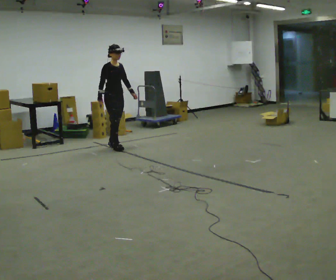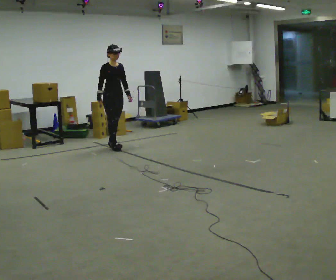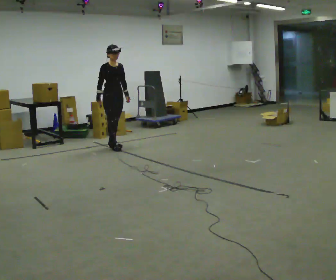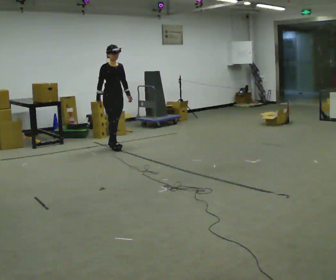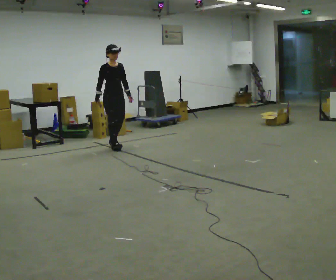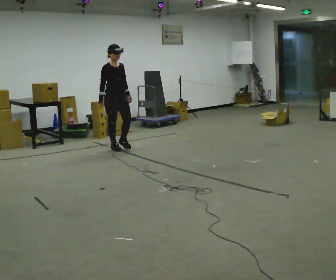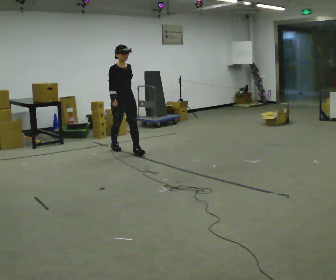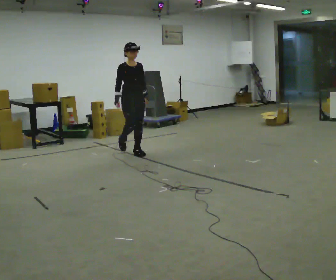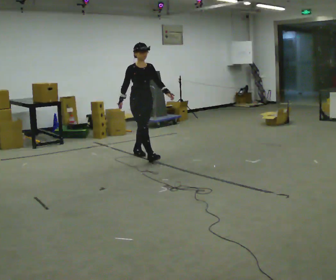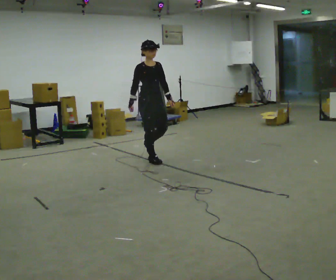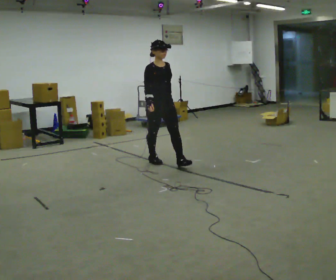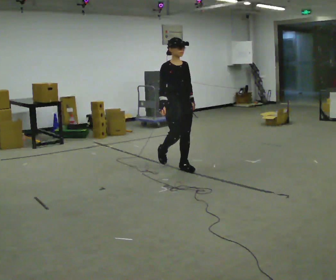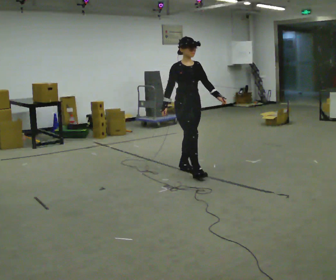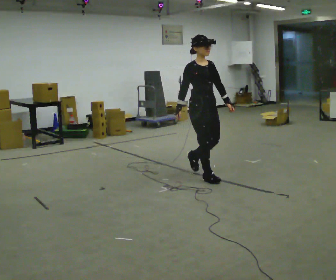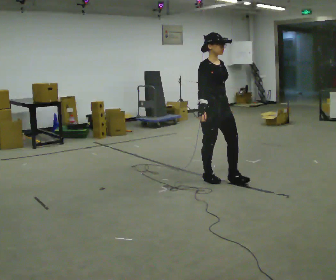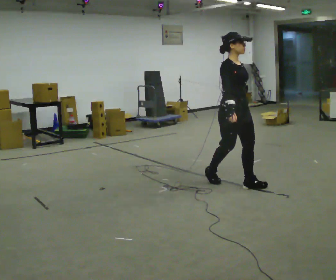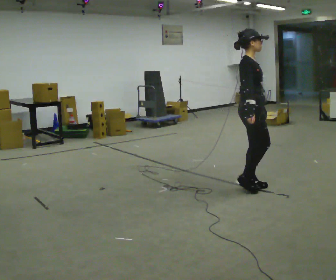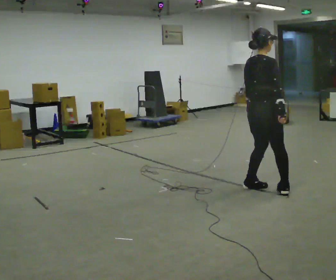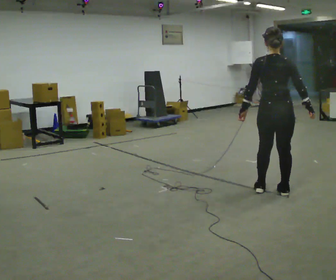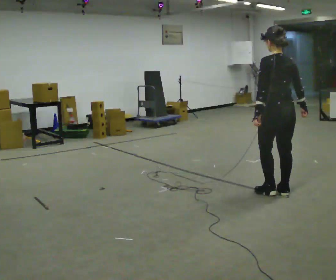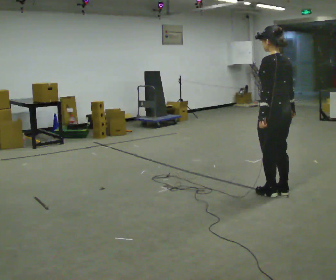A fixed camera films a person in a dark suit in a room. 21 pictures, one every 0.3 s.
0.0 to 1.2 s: The person moves a little, or ends about where they began.
1.2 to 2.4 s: In the picture they go toward the camera and to the right, about 0.5 m in 1 step, which for them is forward.
2.4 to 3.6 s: In the picture they go toward the camera and to the right, about 1 m in 2 steps, which for them is forward.
3.6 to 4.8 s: The person turns about 45 degrees to their left, counterclockwise seen from above, so the part of the body nearest the lens slides to the right. In the picture they go toward the camera and to the right, about 1 m in 2 steps, which for them is forward.
4.8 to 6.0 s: The person turns about 135 degrees to their left, counterclockwise seen from above, so the part of the body nearest the lens slides to the right. In the picture they go toward the camera and to the right, about 0.25 m in 2 steps.
The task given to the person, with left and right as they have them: Start still; walk straight at normal comfortable speed; stop at endpoint.
The film runs forward here.
